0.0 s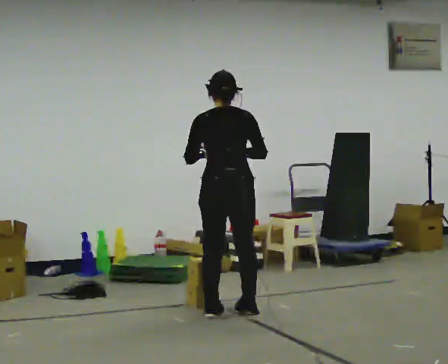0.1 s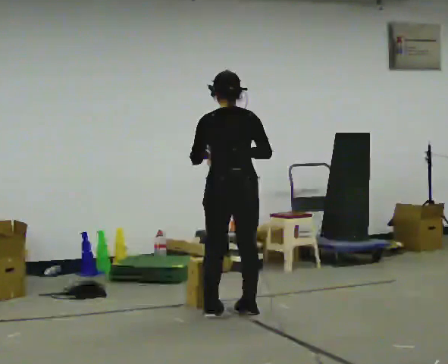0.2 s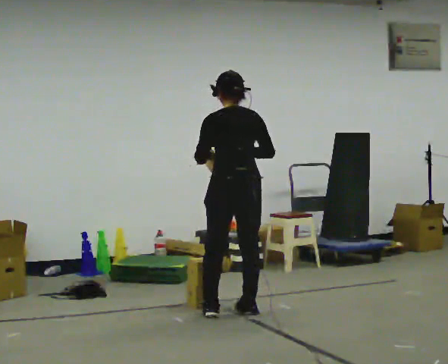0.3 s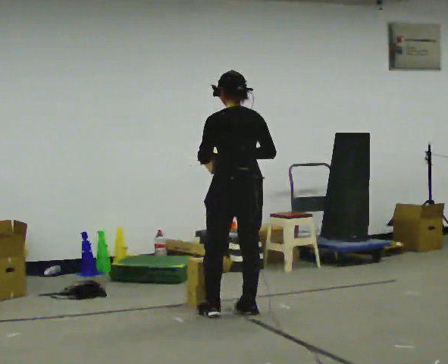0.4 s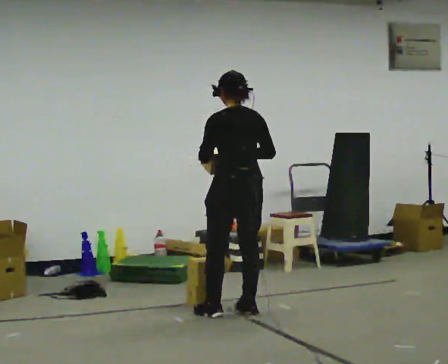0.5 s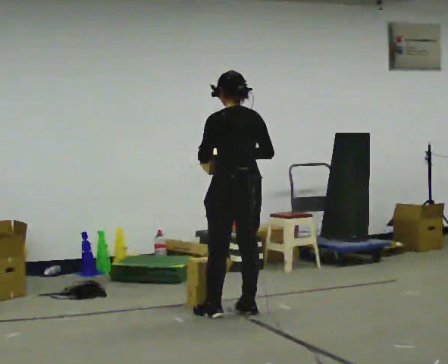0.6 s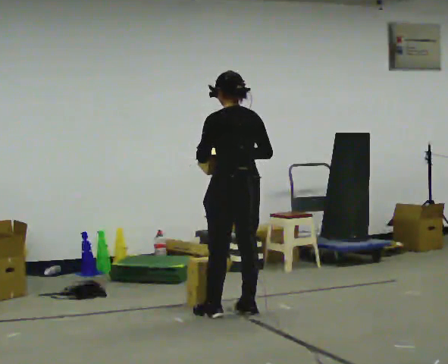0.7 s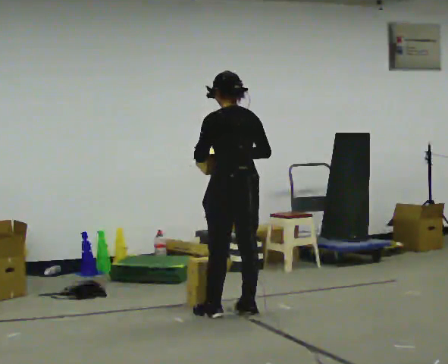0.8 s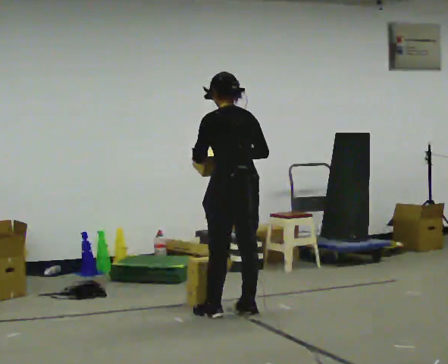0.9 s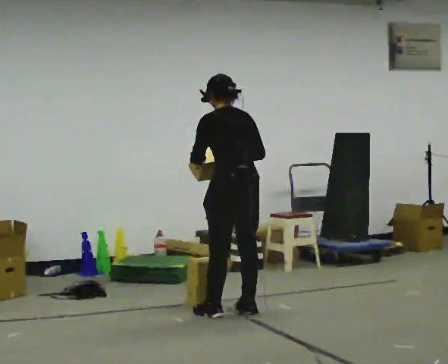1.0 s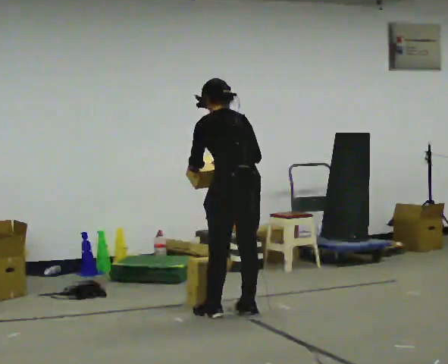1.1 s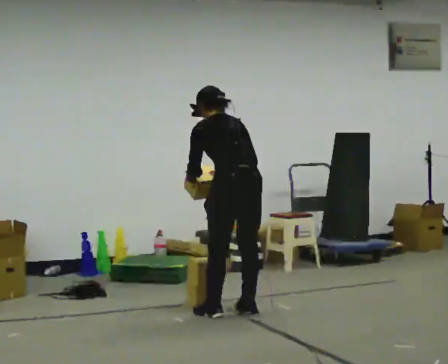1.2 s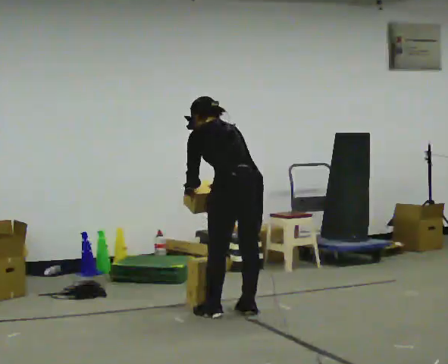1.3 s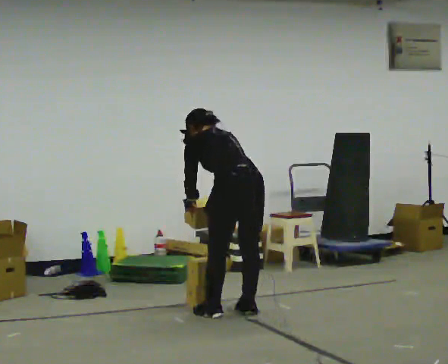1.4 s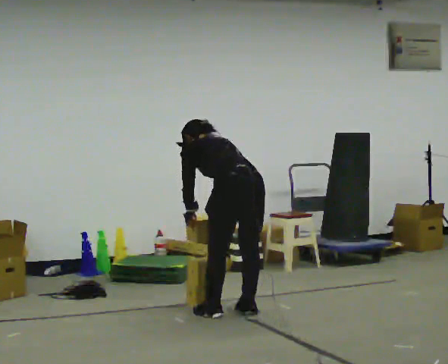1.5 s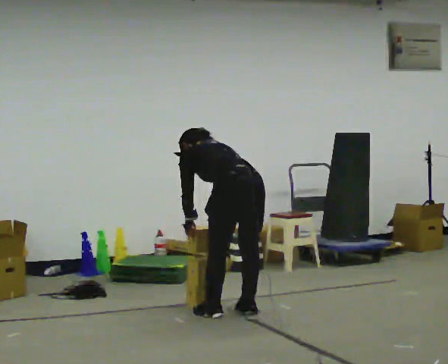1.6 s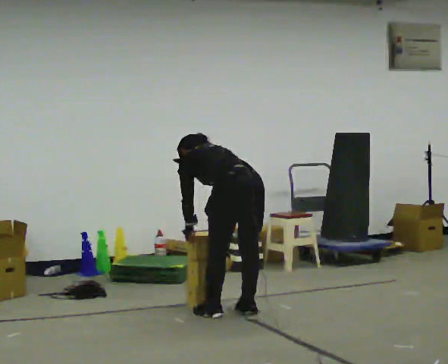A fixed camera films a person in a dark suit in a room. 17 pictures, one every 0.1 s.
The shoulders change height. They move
downward.
The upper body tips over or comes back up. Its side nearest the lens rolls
upward.
0.0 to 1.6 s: Seen from above the body turns counterclockwise, about 30 degrees: to their left, with its near side sliding to the right. The shoulders move downward. The upper body tips away from the camera, its near side rolling upward, as they bend forward. In the picture their left hand goes downward.
The film runs backward here.
